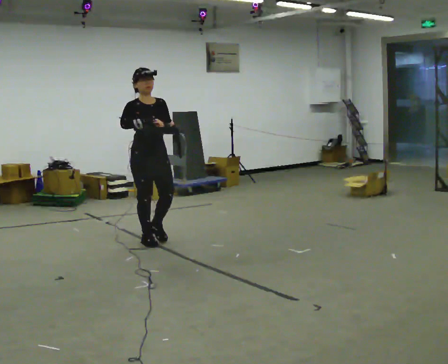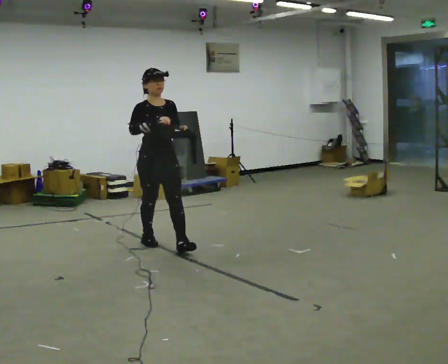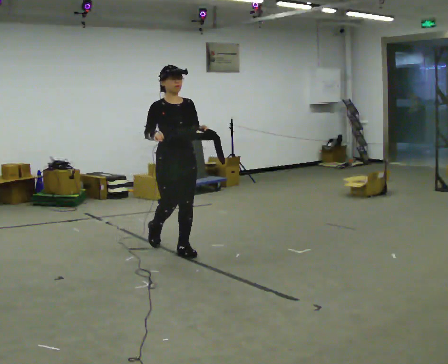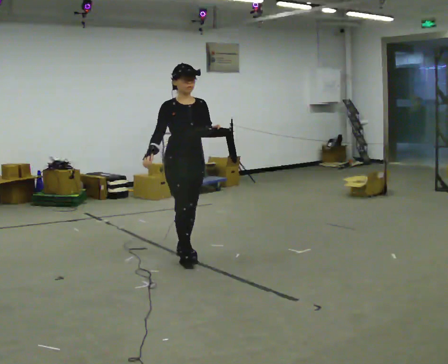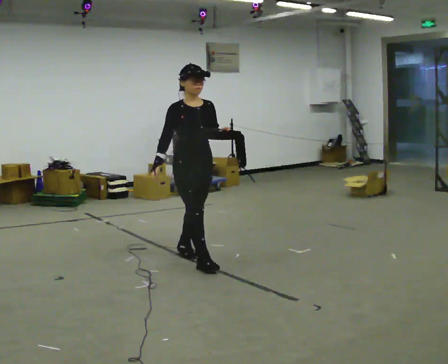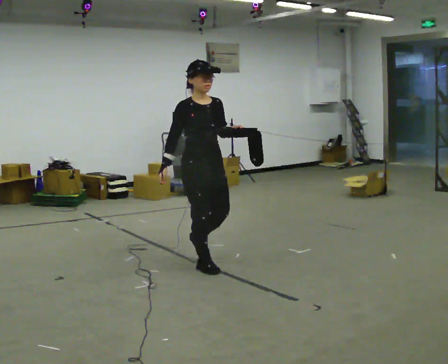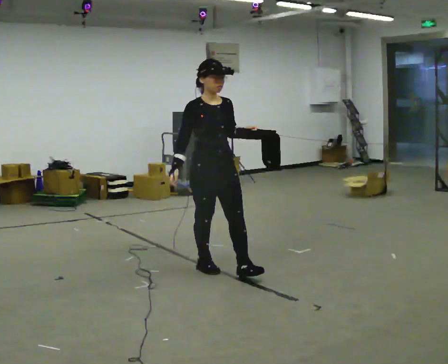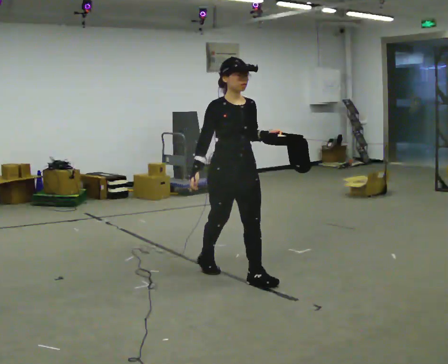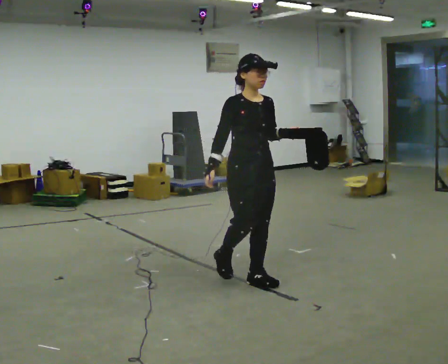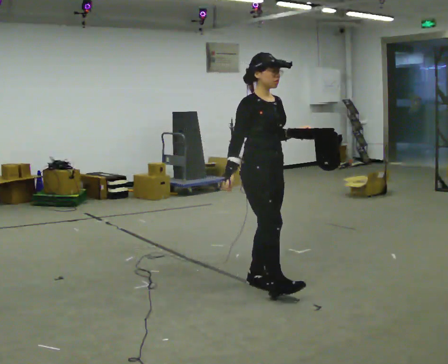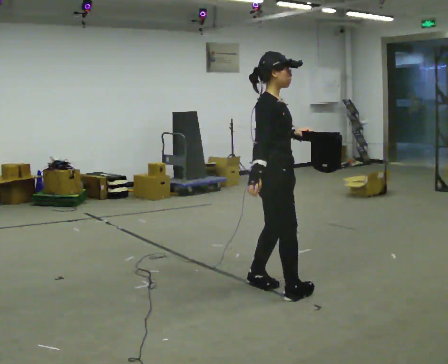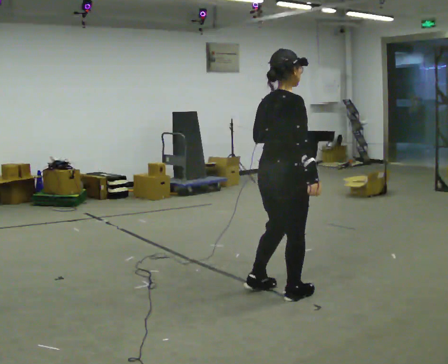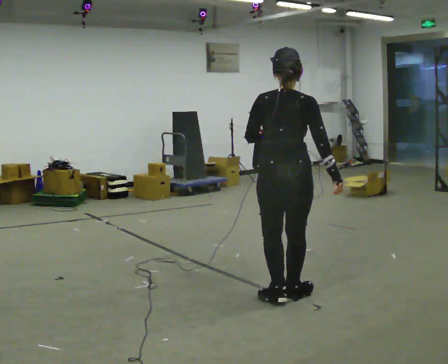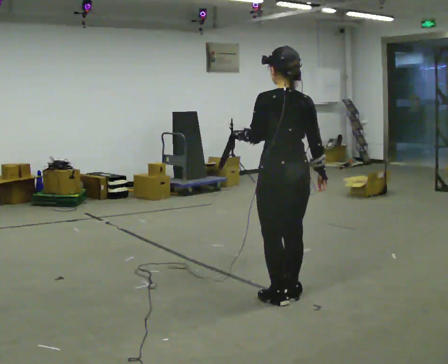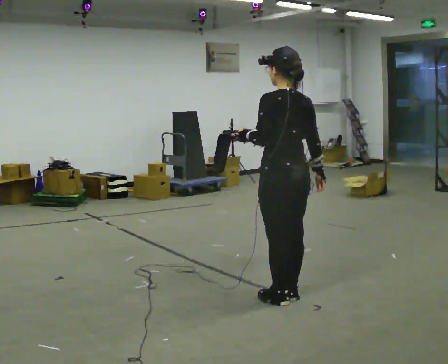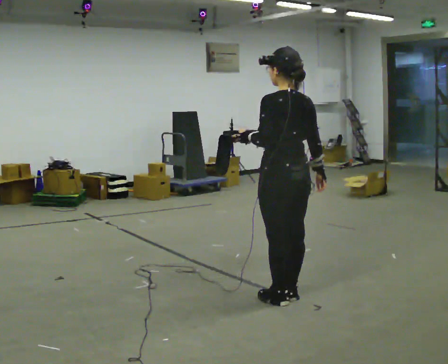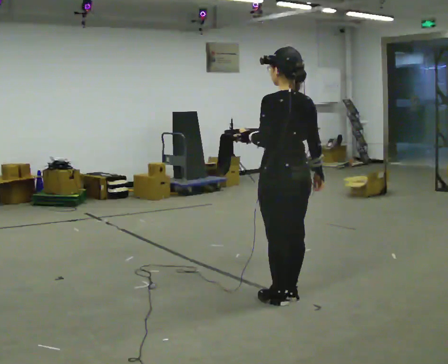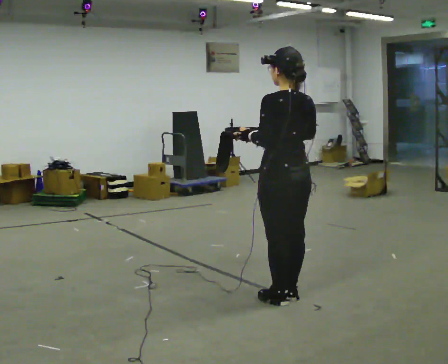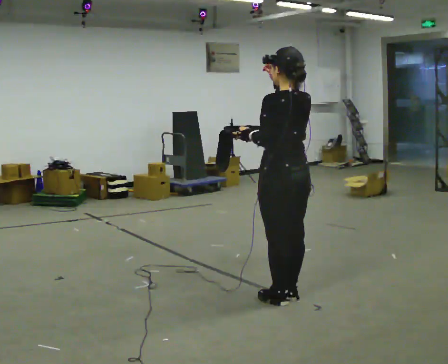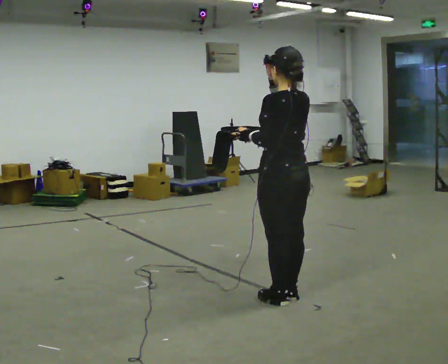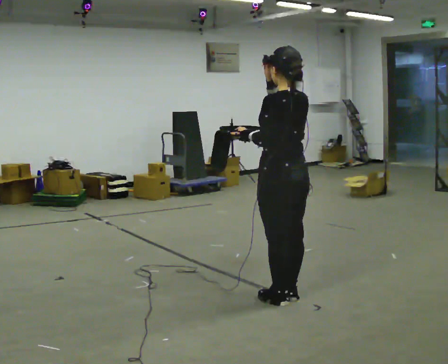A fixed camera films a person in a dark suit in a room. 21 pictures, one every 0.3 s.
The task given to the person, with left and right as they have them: Carry the open container and, while walking, reach in with one hand and take an item out, then put it back. Repeat as you walk. Do not stop.
0.0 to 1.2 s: In the picture they go to the right and toward the camera, about 0.5 m in 2 steps, which for them is forward. In the picture their right hand goes downward.
1.2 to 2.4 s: In the picture they go to the right and toward the camera, about 0.75 m in 1 step, which for them is forward.
2.4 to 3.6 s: The part of the body nearest the lens slides to the right as the person turns to their left by about 150 degrees. In the picture they go to the right and toward the camera, about 0.5 m in 2 steps.
3.6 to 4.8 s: Seen from above the body turns counterclockwise, about 30 degrees: to their left, with its near side sliding to the right.
4.8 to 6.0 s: In the picture their right hand goes upward and to the left.
The film runs forward here.
